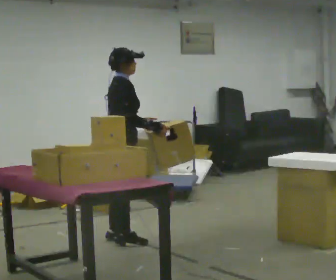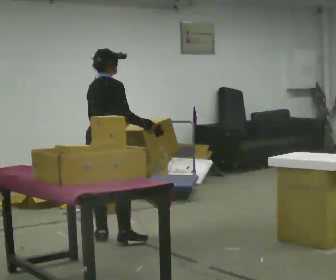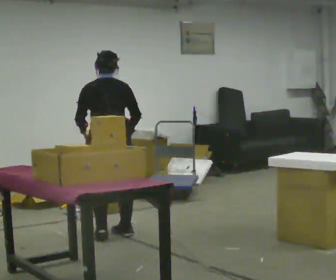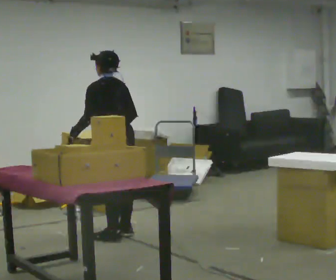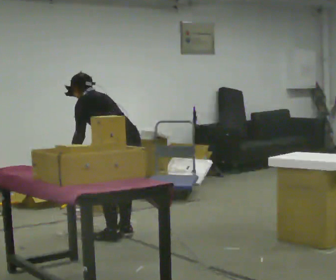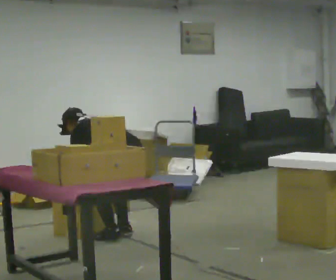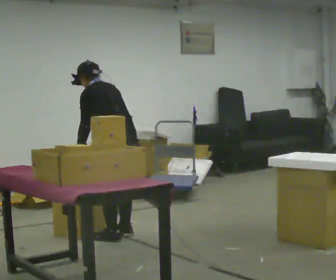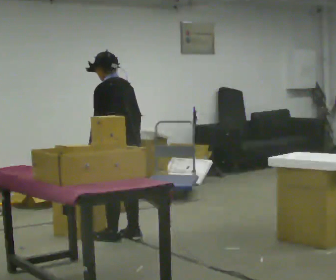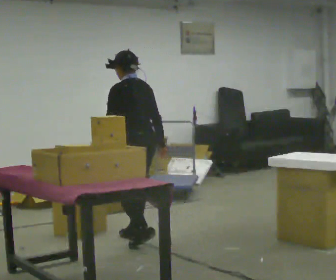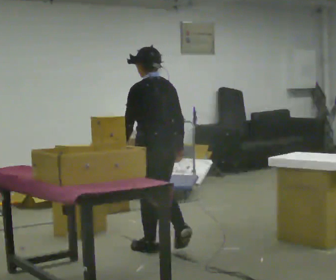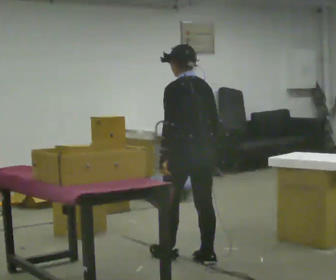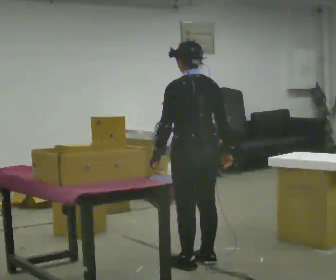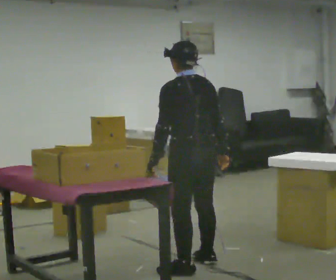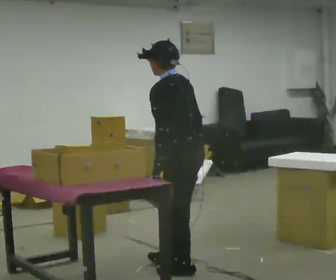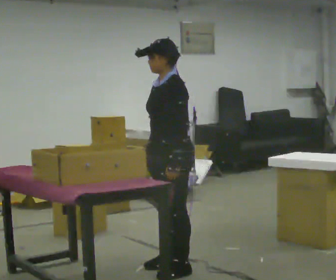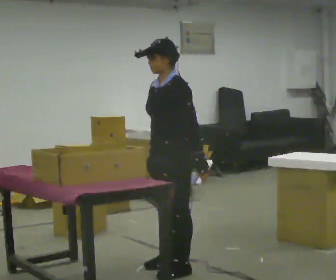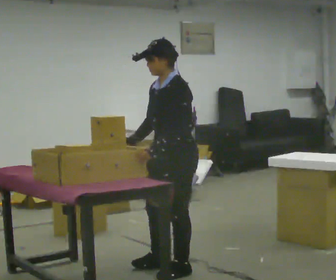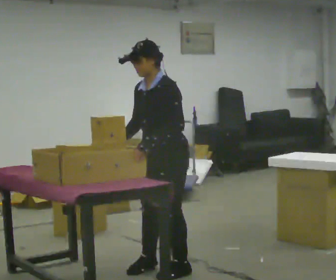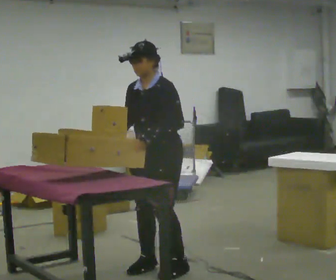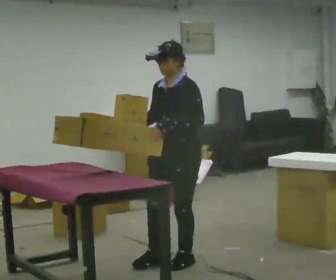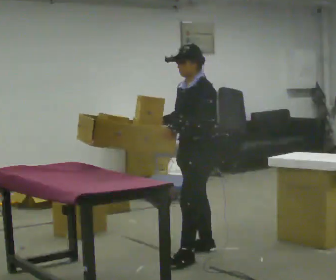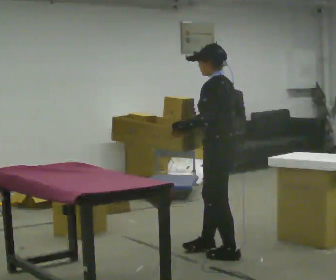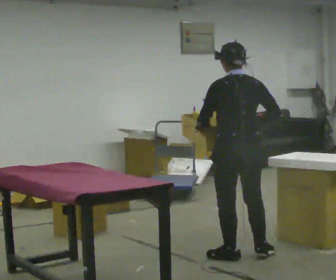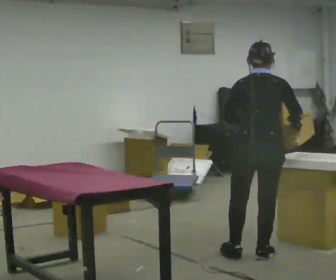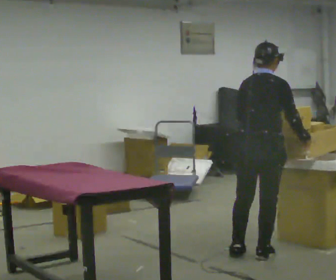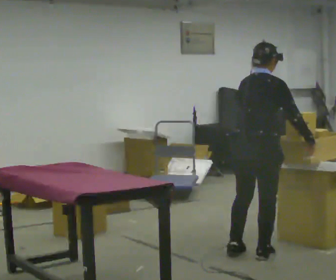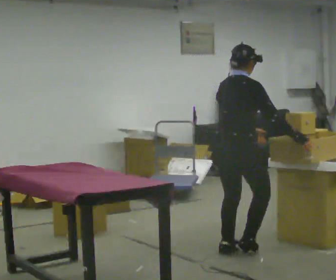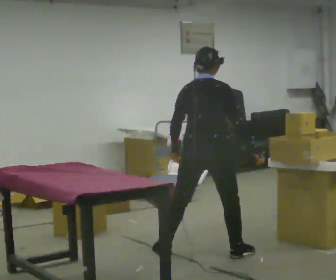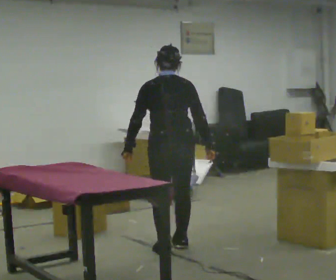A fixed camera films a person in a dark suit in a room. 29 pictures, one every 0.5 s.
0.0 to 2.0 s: The person turns about 135 degrees to their left, counterclockwise seen from above, so the part of the body nearest the lens slides to the right. In the picture the upper body tilts counterclockwise, shoulders to the left, as they bend forward. In the picture their left hand goes to the left, the arm swinging clockwise.
2.0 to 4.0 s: In the picture their right hand goes to the right.
4.0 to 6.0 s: In the picture they go toward the camera and to the right, about 1 m in 2 steps, which for them is backward.
6.0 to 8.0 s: The part of the body nearest the lens slides to the right as the person turns to their left by about 75 degrees. In the picture their right hand goes to the left, the arm swinging clockwise.
8.0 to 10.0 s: In the picture they go away from the camera and to the right, about 0.5 m in 2 steps, which for them is backward and to their right.
10.0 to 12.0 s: Seen from above the body turns clockwise, about 150 degrees: to their right, with its near side sliding to the left. In the picture they go to the right, about 0.5 m in 2 steps.
12.0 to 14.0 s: The person turns about 45 degrees to their left, counterclockwise seen from above, so the part of the body nearest the lens slides to the right. In the picture they go to the left, about 0.75 m in 3 steps, which for them is to their left and backward.
The film runs backward here.
